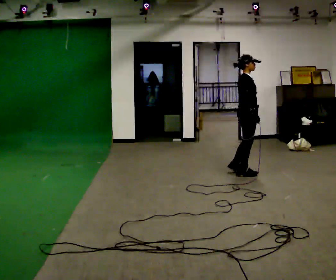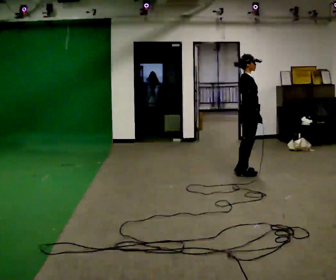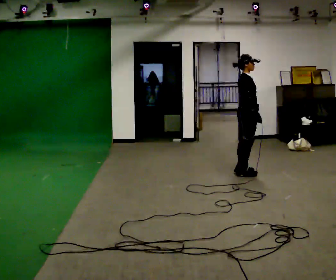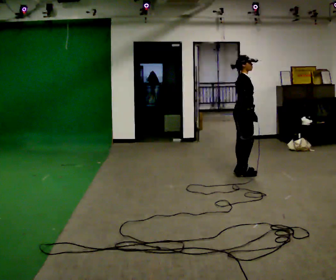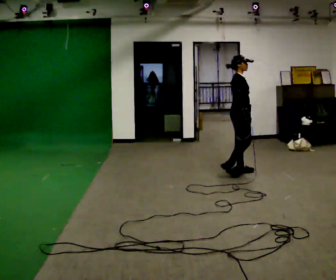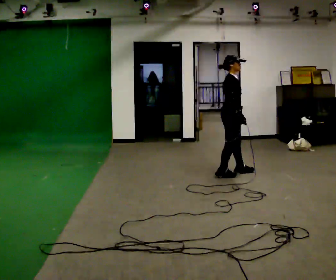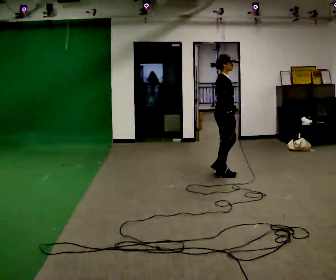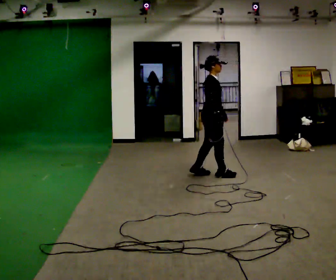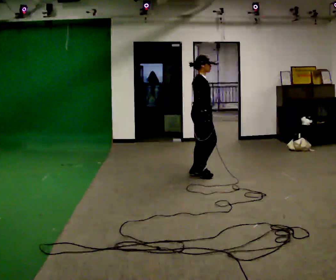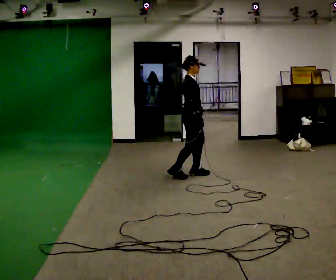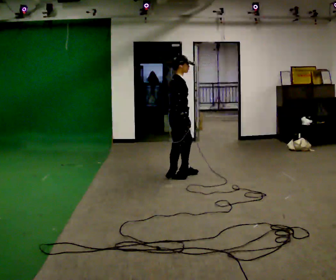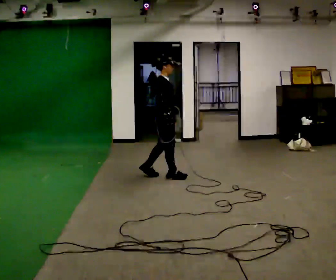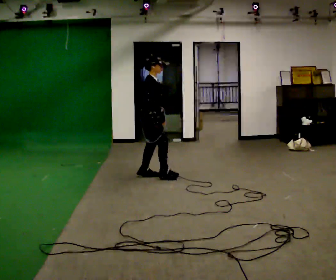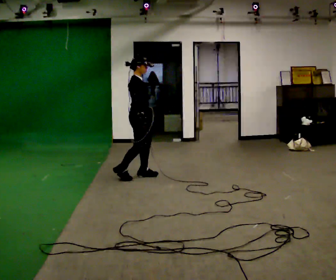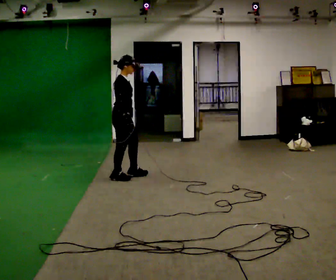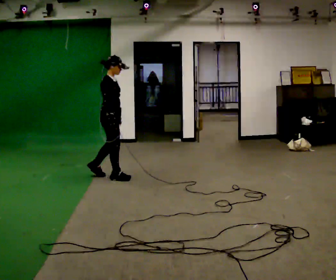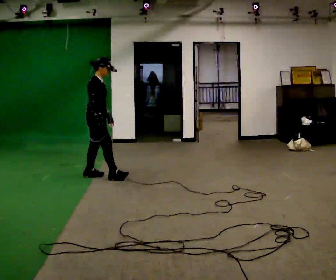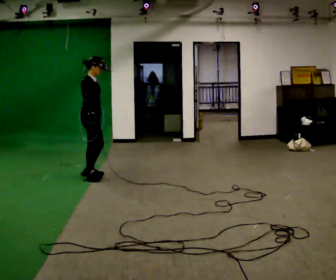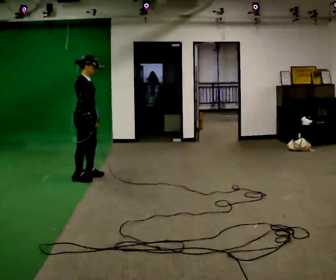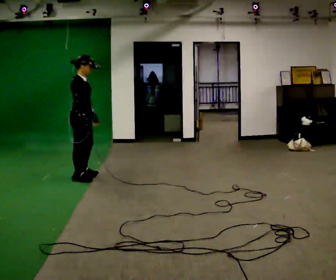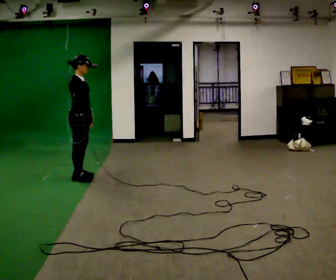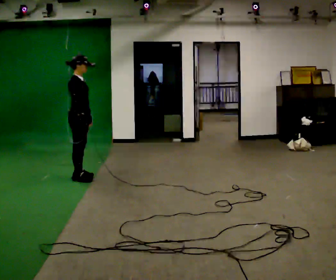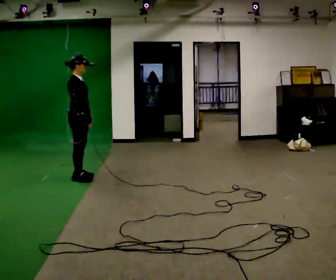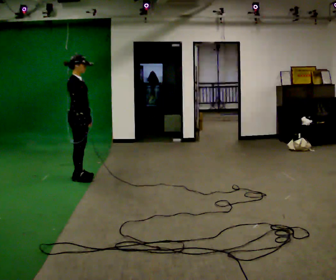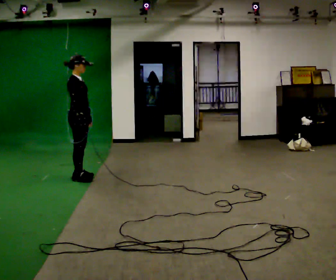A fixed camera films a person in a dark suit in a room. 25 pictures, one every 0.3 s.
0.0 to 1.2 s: The person moves a little, or ends about where they began.
1.2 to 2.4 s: In the picture they go to the left, about 0.5 m in 2 steps, which for them is backward.
2.4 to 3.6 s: In the picture they go to the left, about 0.75 m in 2 steps, which for them is backward.
3.6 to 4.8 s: In the picture they go to the left, about 0.75 m in 2 steps, which for them is backward.
4.8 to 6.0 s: In the picture they go to the left and toward the camera, about 0.25 m in 2 steps, which for them is to their right and backward.
6.0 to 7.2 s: The person moves a little, or ends about where they began.
The film runs forward here.
